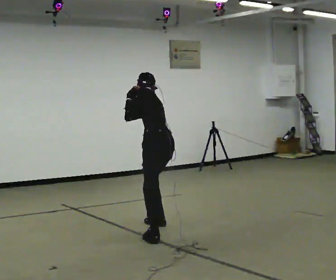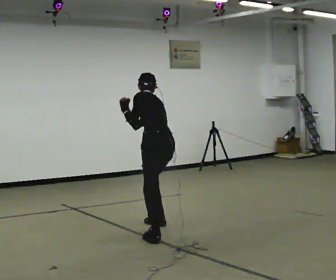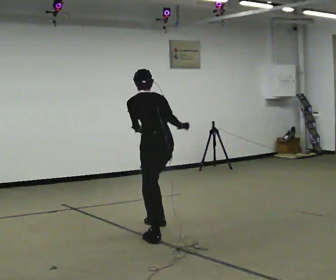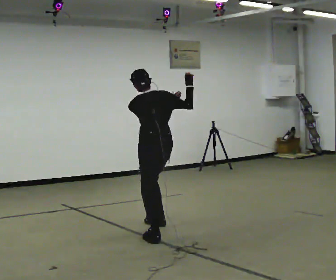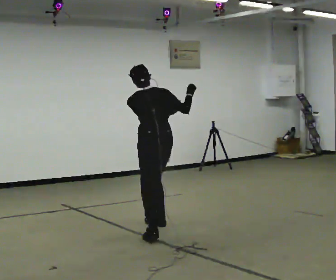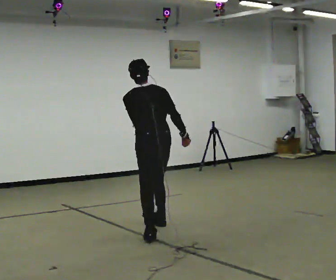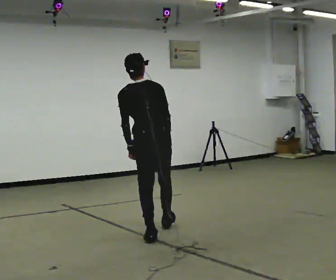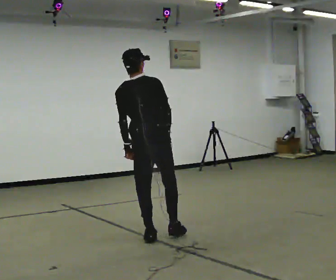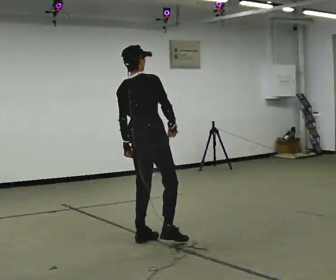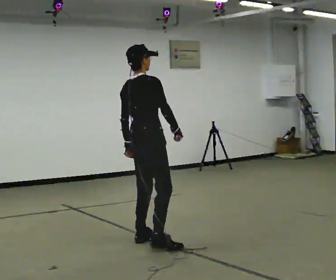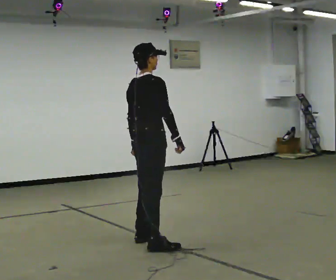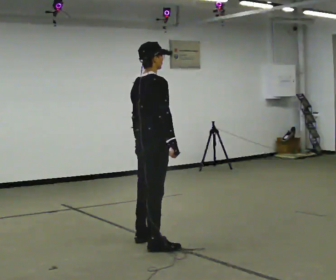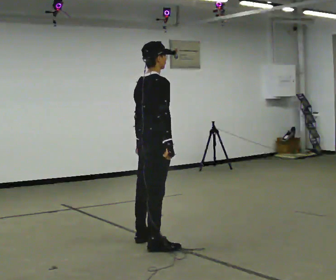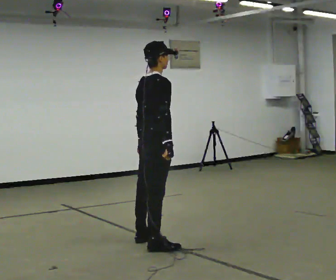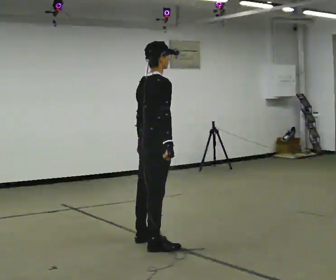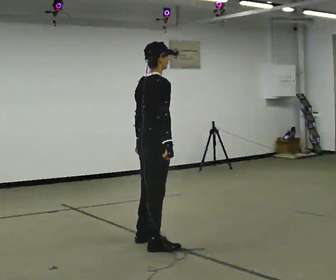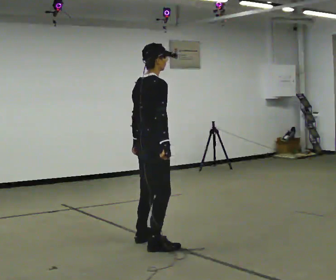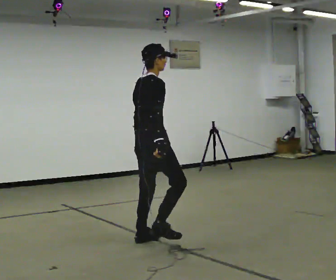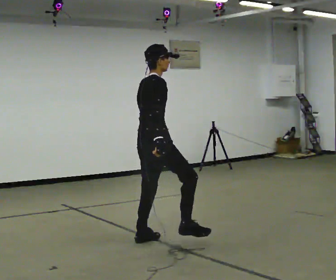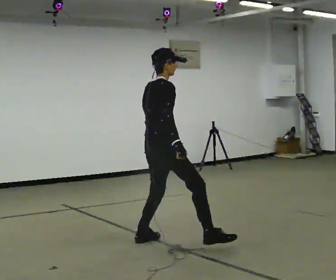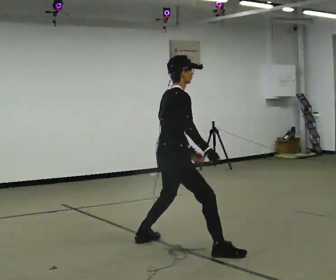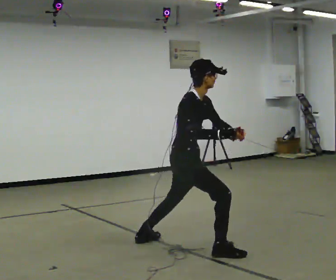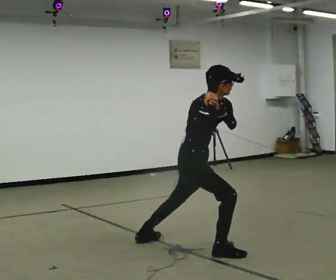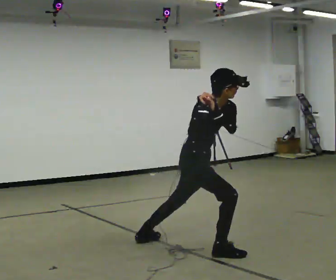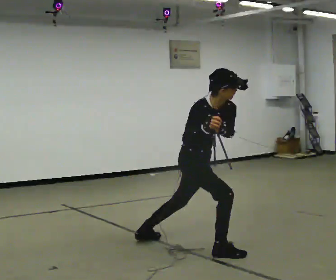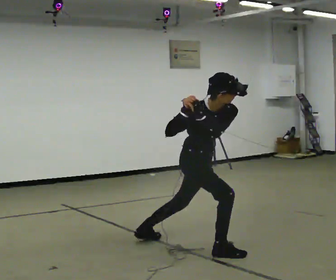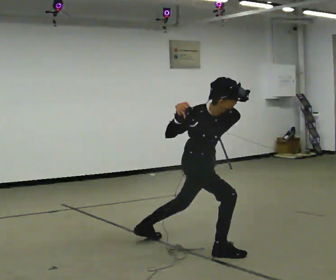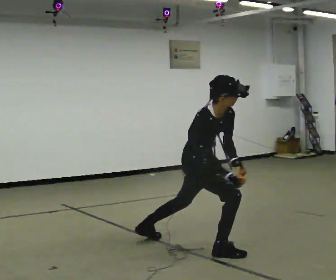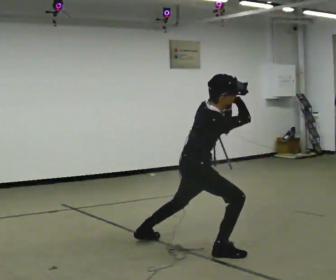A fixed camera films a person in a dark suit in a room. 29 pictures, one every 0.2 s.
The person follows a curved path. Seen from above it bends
counterclockwise.
0.0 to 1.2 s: The person turns about 45 degrees to their right, clockwise seen from above, so the part of the body nearest the lens slides to the left. In the picture they go toward the camera, about 0.25 m, which for them is backward and to their left. The upper body tips toward the camera, its near side rolling downward, as they lean back or straighten. In the picture their right hand goes downward.
1.2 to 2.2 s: The part of the body nearest the lens slides to the left as the person turns to their right by about 60 degrees. In the picture they go toward the camera, about 0.25 m in 1 step. In the picture the upper body tilts clockwise, shoulders to the right, as they lean back or straighten.
2.2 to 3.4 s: The person moves a little, or ends about where they began.
3.4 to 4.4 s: The person turns about 45 degrees to their right, clockwise seen from above, so the part of the body nearest the lens slides to the left. In the picture they go to the right and toward the camera, about 0.5 m in 1 step, which for them is to their right and forward. The shoulders move downward. The upper body tips toward the camera, its near side rolling downward, as they bend forward.
4.4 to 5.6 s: The part of the body nearest the lens slides to the right as the person turns to their left by about 30 degrees.
The film runs forward here.
